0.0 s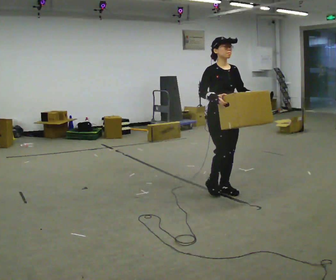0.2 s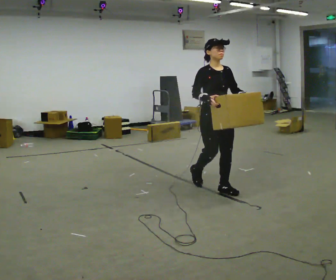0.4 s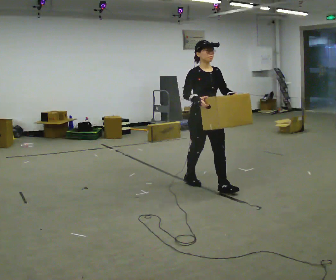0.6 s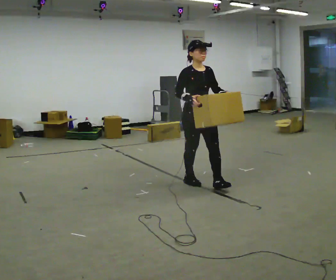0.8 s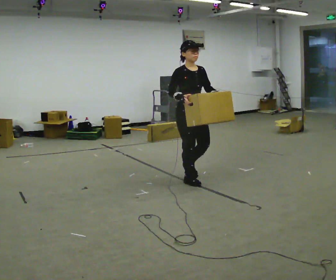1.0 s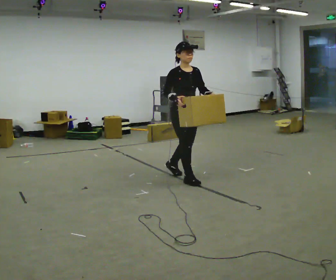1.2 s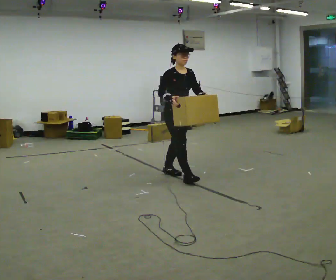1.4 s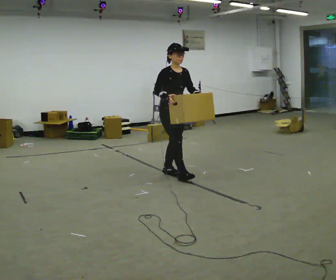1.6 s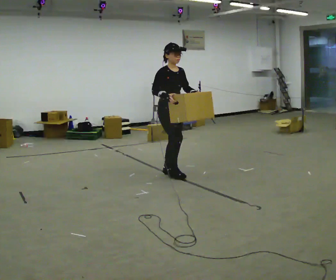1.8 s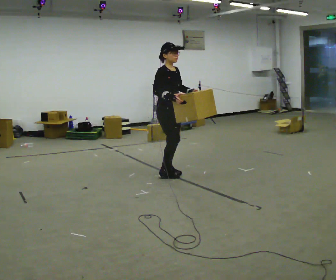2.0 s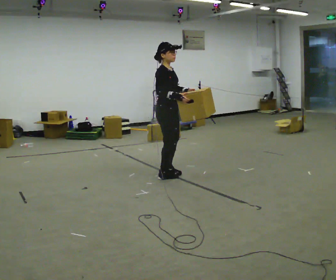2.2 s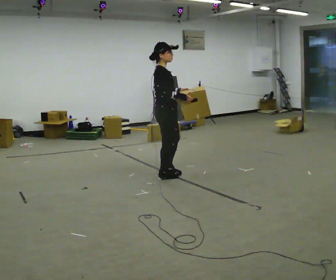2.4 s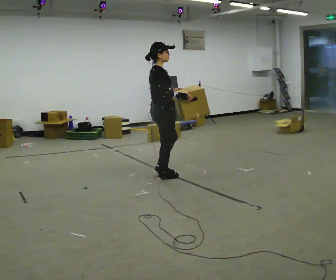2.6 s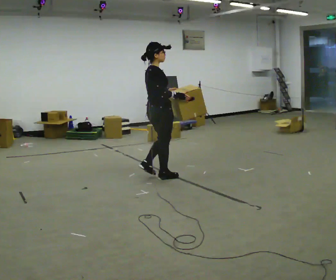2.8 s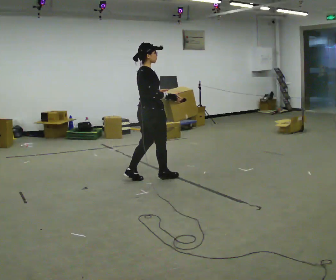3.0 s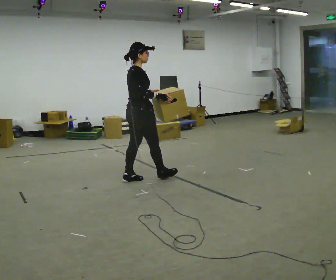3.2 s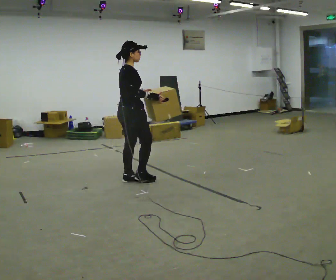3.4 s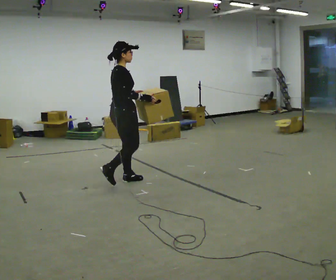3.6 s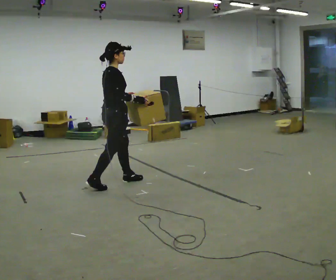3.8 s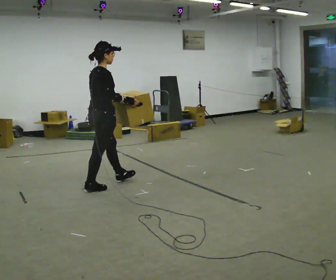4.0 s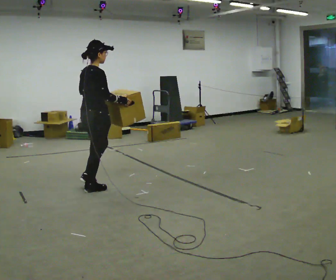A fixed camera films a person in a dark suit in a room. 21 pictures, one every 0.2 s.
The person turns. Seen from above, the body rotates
counterclockwise.
The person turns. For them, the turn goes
to their left.
0.0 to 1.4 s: In the picture they go away from the camera and to the left, about 1 m in 2 steps, which for them is backward.
1.4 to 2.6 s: The part of the body nearest the lens slides to the right as the person turns to their left by about 75 degrees. In the picture they go to the left and toward the camera, about 0.25 m in 1 step.
2.6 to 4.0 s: In the picture they go to the left and toward the camera, about 1 m in 2 steps, which for them is backward.
The film runs backward here.
